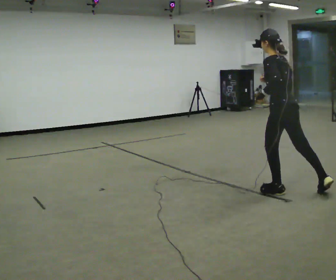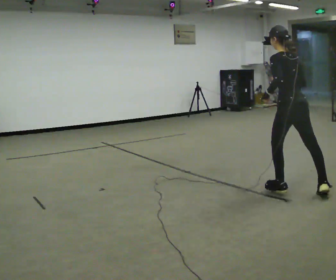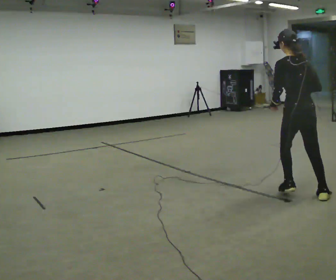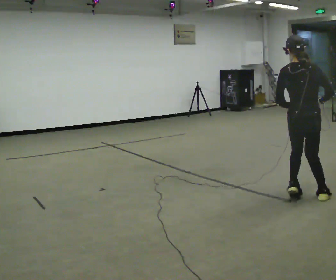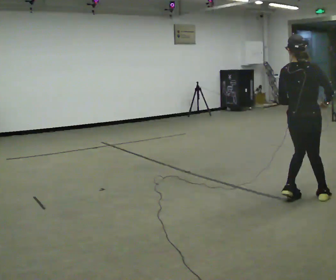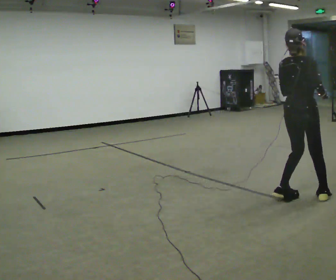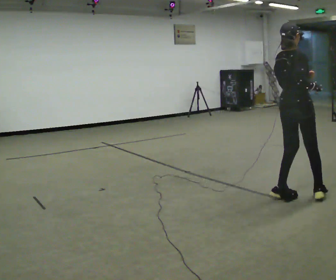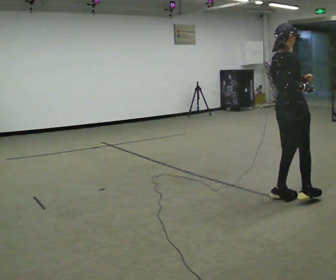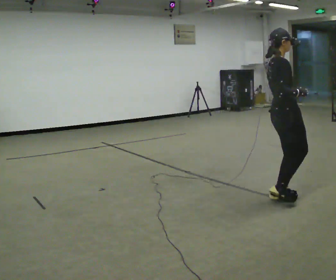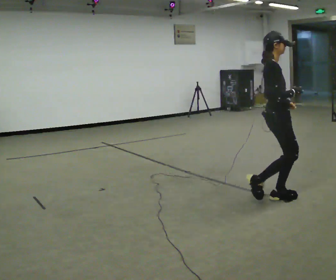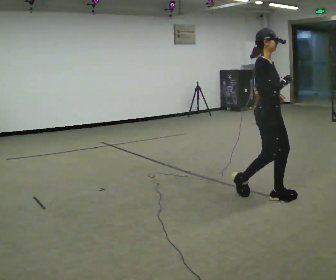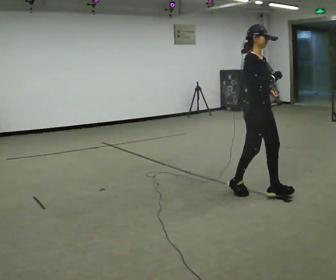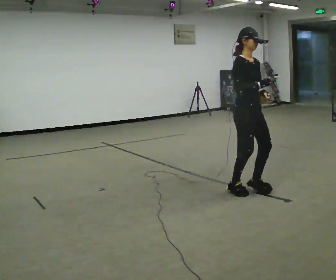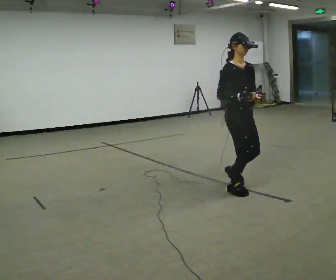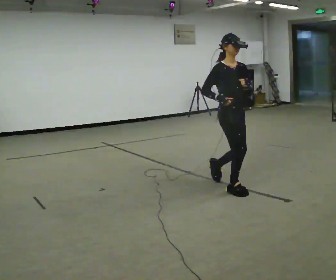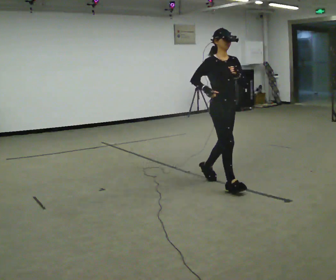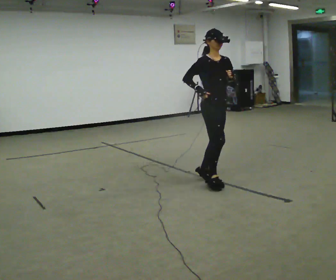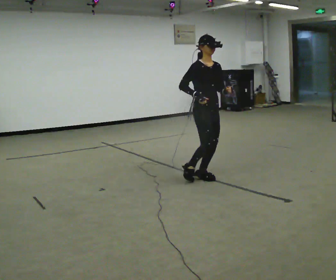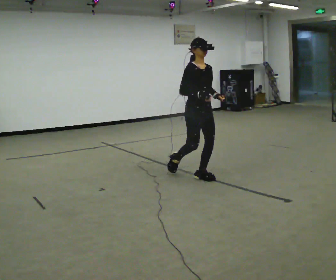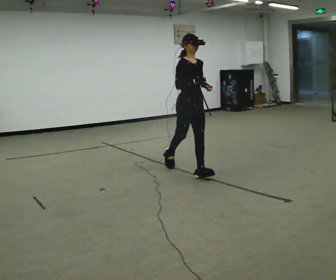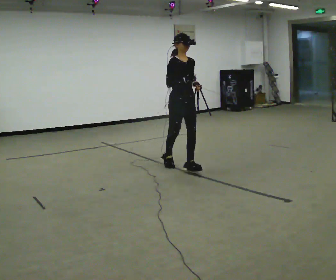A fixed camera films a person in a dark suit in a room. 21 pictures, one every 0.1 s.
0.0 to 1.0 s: The part of the body nearest the lens slides to the left as the person turns to their right by about 150 degrees. In the picture they go to the left, about 0.25 m in 1 step.
1.0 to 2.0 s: In the picture they go away from the camera and to the left, about 1.5 m in 3 steps, which for them is backward.
The film runs backward here.
